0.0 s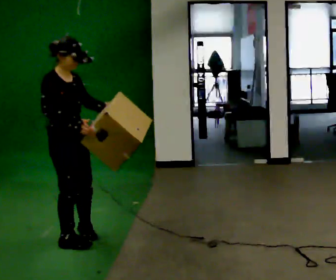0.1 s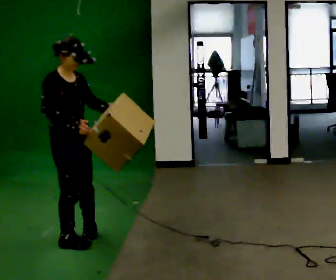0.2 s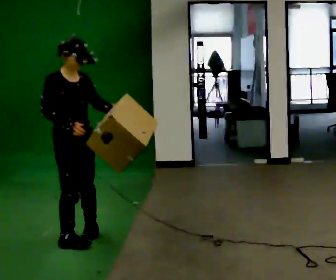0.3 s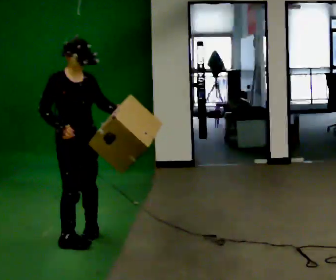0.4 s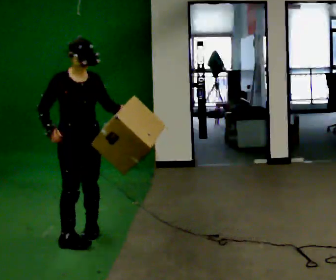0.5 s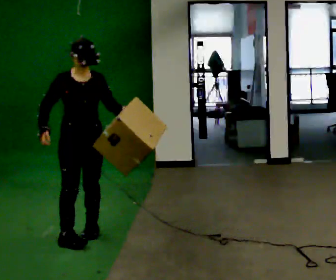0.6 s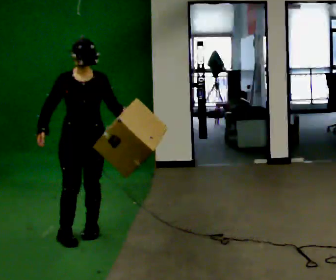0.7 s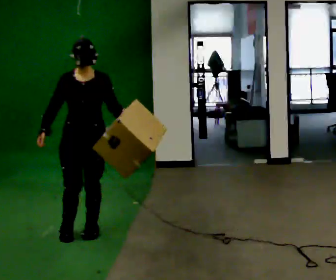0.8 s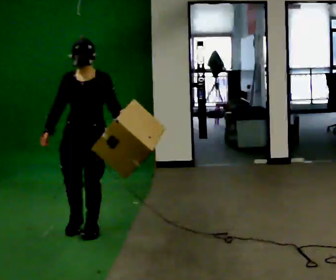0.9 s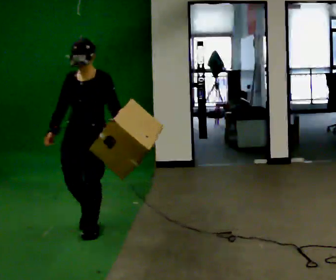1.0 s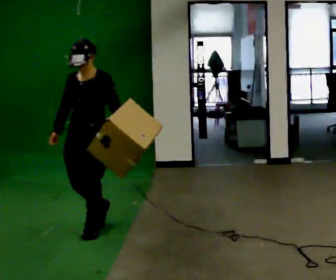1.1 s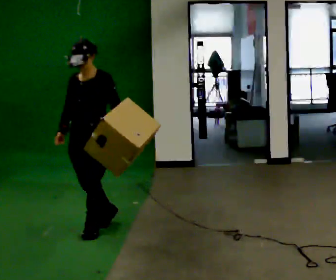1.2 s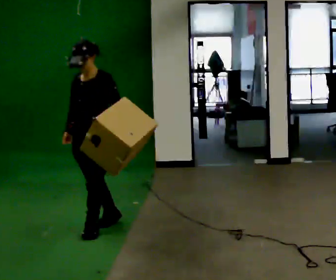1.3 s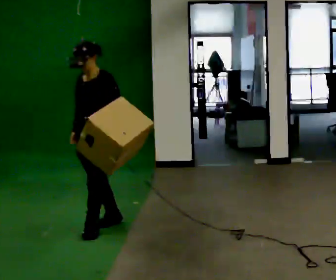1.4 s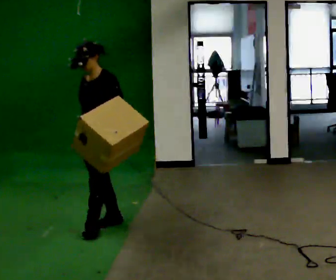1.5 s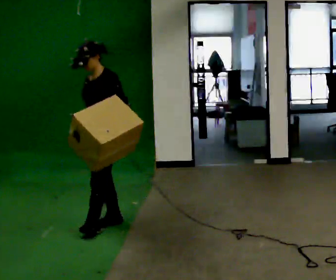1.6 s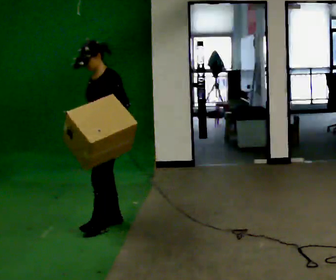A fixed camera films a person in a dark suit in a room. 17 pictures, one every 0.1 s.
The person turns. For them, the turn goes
to their right.
The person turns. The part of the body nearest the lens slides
to the left.
0.0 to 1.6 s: The person turns about 120 degrees to their right, clockwise seen from above, so the part of the body nearest the lens slides to the left. In the picture they go away from the camera and to the right, about 0.5 m in 2 steps.
The film runs backward here.
